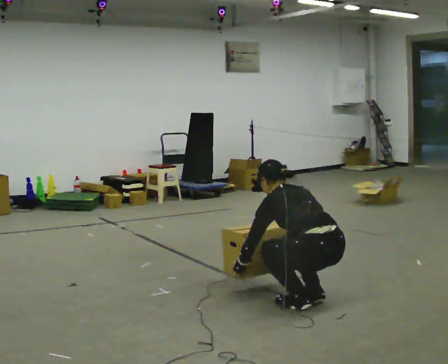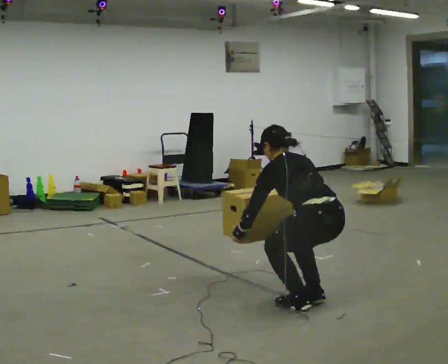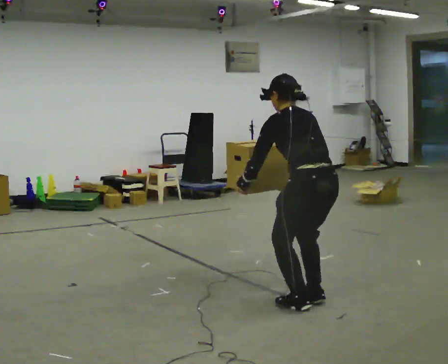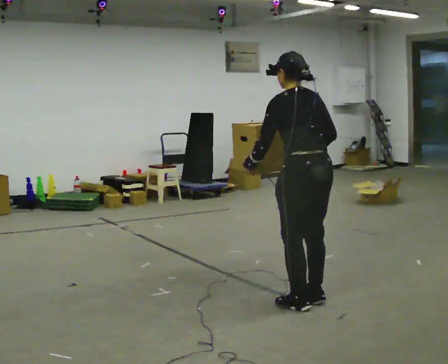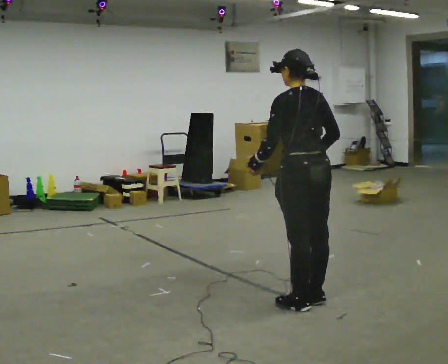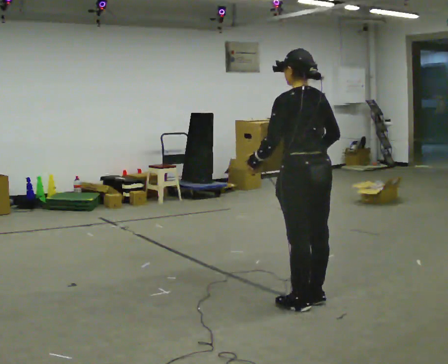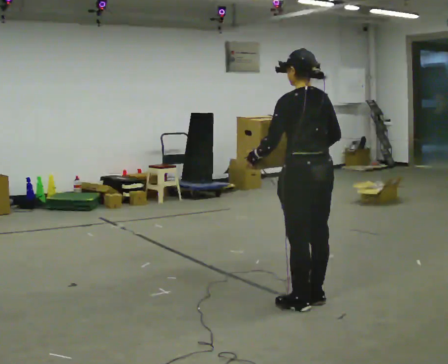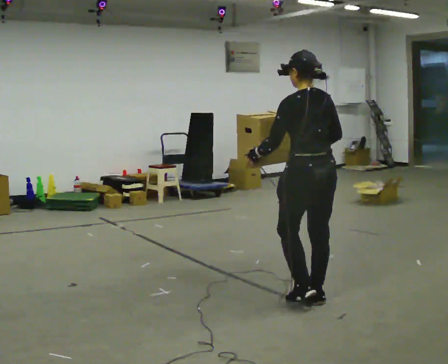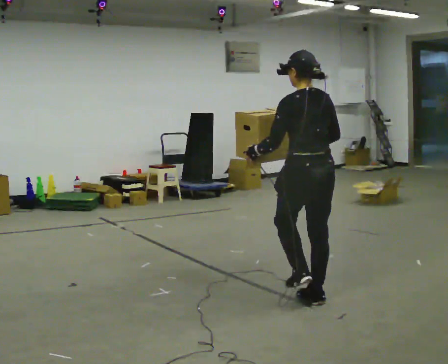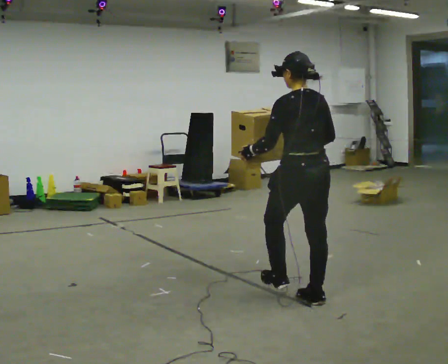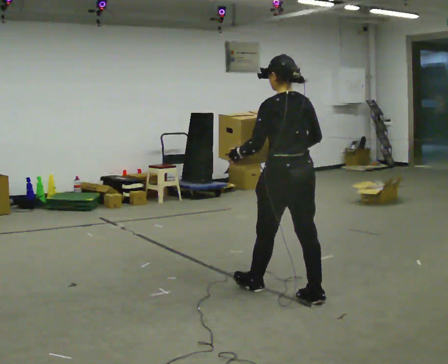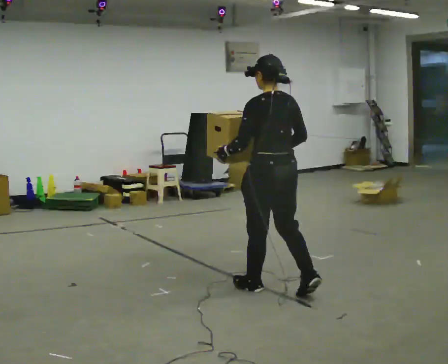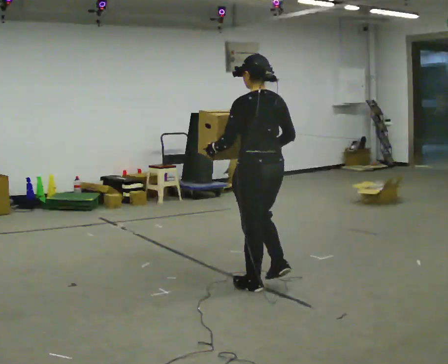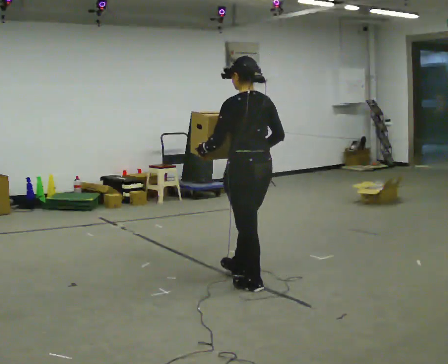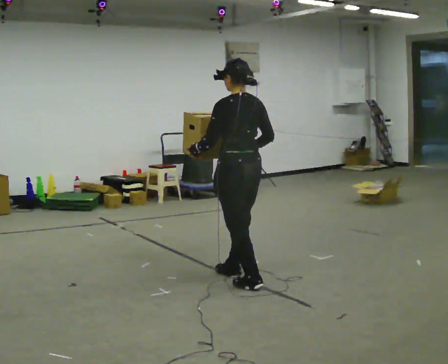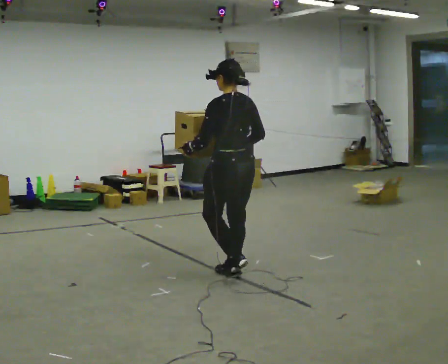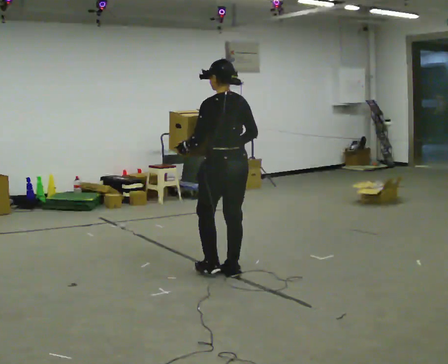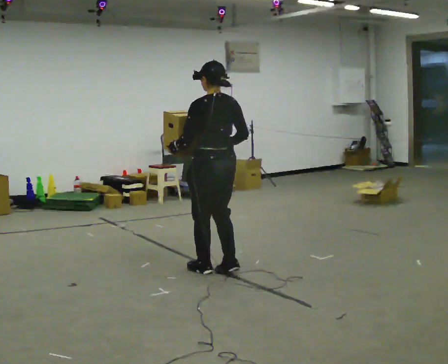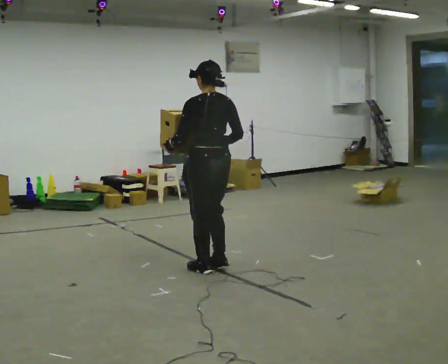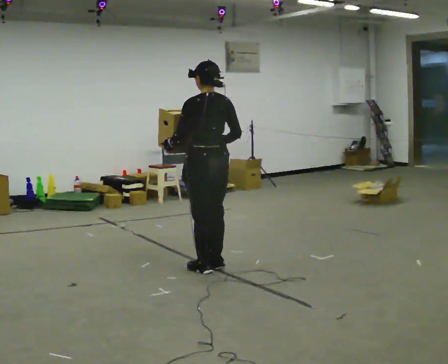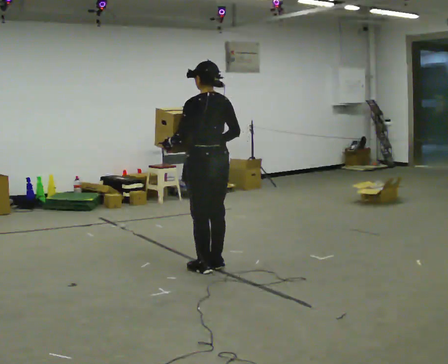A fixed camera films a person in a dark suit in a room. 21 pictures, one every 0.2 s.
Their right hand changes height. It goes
upward.
Their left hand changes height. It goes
upward.
0.0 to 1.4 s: The upper body goes upward. The upper body tips toward the camera, its near side rolling downward, as they lean back or straighten. In the picture their left hand goes upward.
1.4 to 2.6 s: In the picture they go to the left and away from the camera, about 0.5 m in 1 step, which for them is forward.
2.6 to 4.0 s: In the picture they go away from the camera and to the left, about 0.5 m in 3 steps, which for them is forward.
The film runs forward here.
